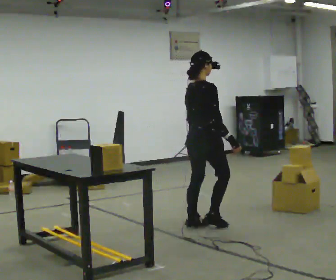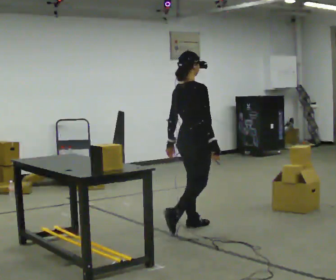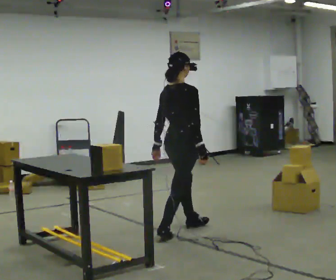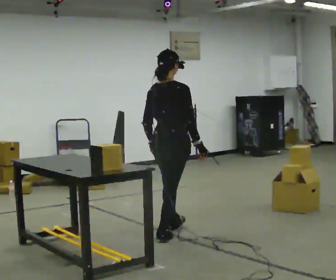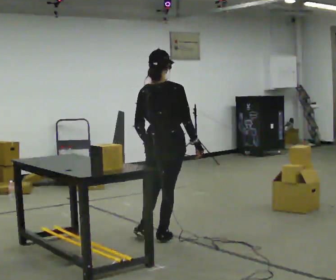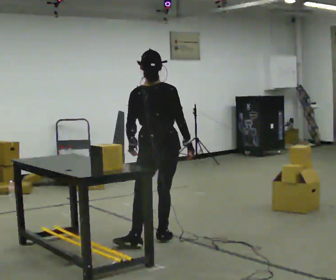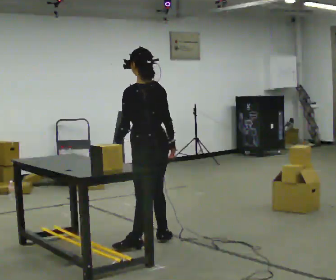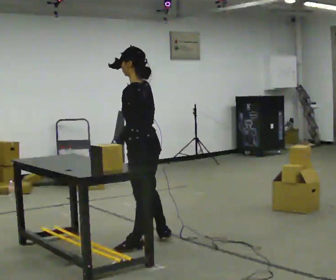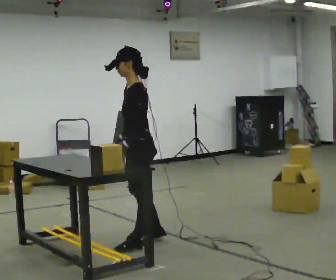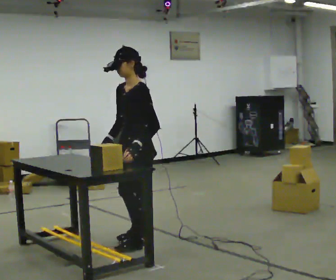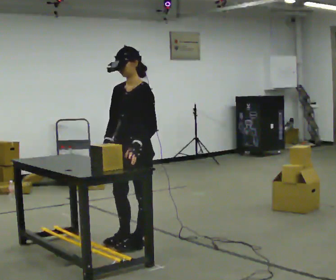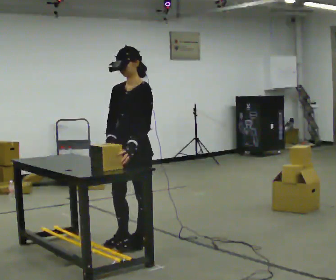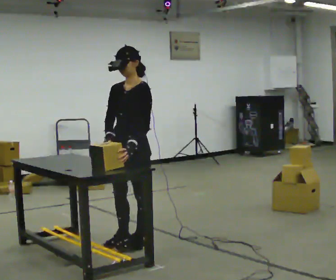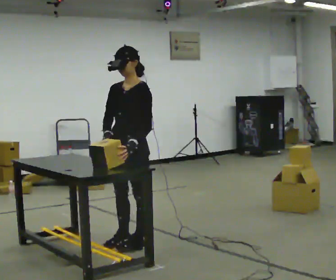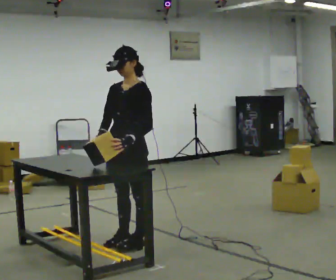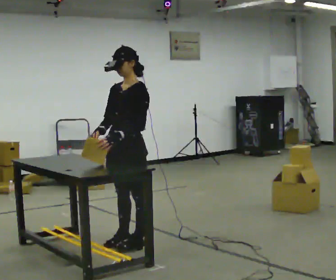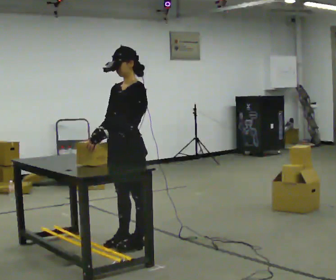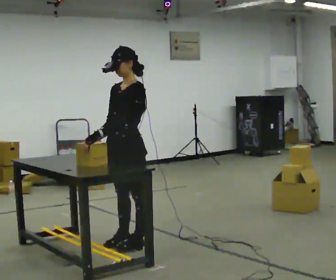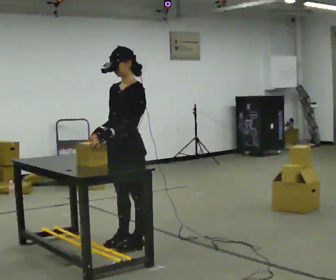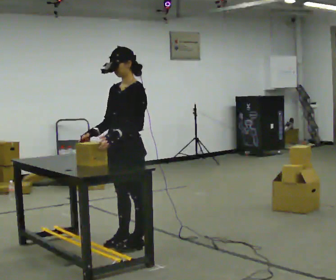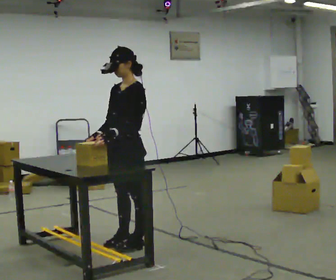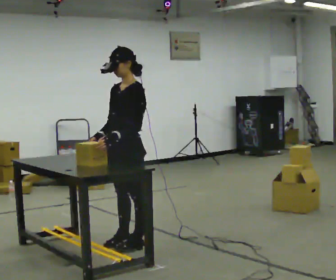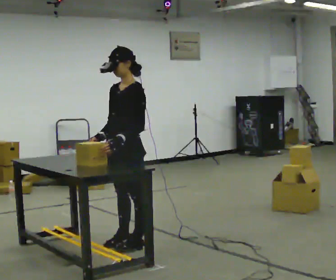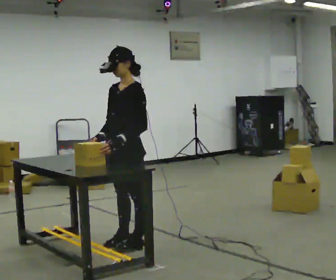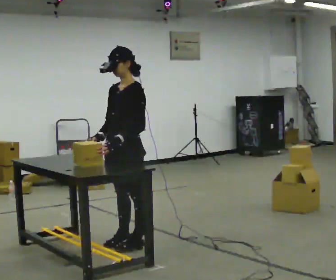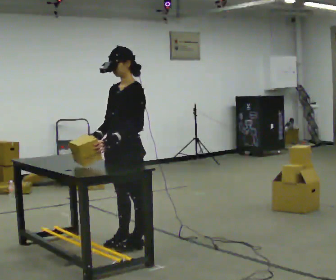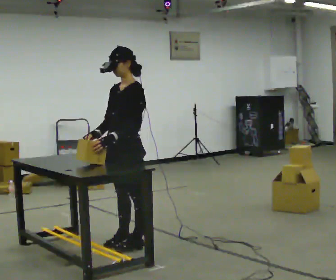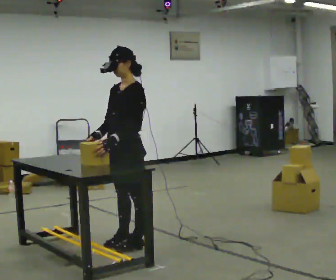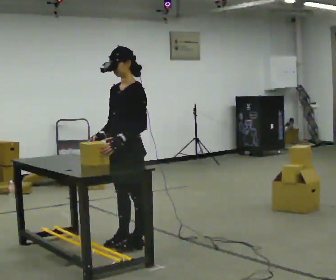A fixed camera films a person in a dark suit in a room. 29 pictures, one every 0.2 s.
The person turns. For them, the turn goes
to their left.
The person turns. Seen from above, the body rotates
counterclockwise.
0.0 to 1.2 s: The person turns about 105 degrees to their left, counterclockwise seen from above, so the part of the body nearest the lens slides to the right. In the picture they go to the left and toward the camera, about 0.75 m in 1 step.
1.2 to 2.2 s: The part of the body nearest the lens slides to the right as the person turns to their left by about 90 degrees. In the picture their right hand goes to the left, the arm swinging clockwise.
2.2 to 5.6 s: The person moves a little, or ends about where they began.
The film runs backward here.
